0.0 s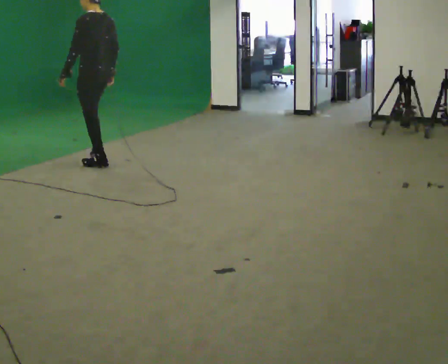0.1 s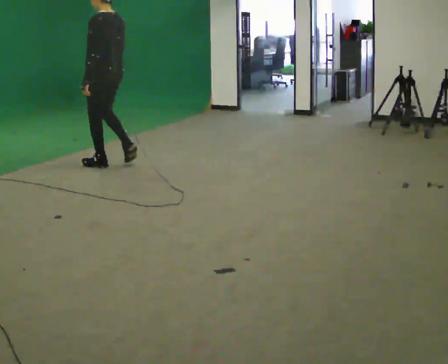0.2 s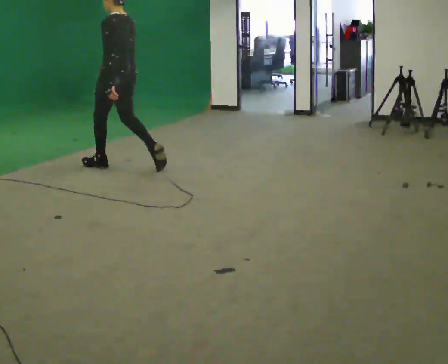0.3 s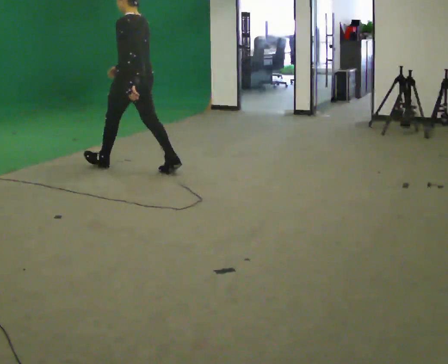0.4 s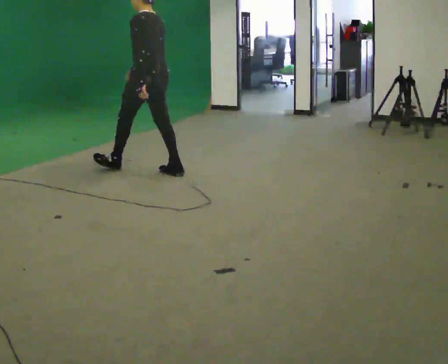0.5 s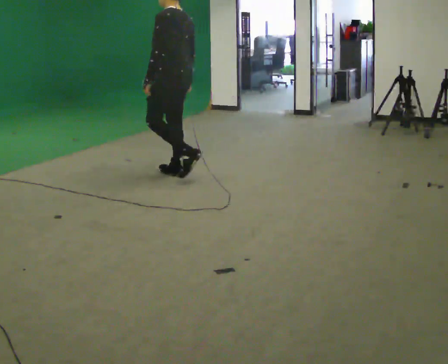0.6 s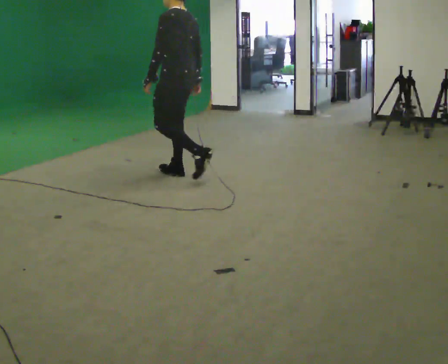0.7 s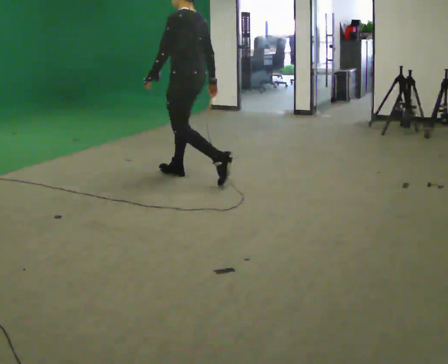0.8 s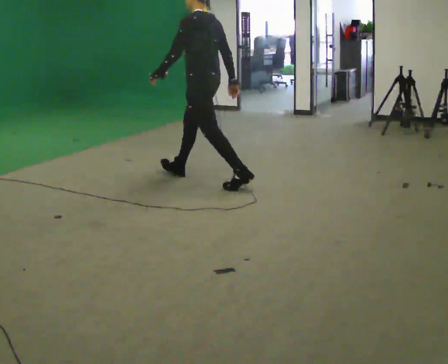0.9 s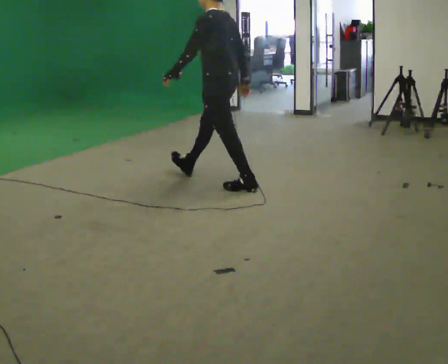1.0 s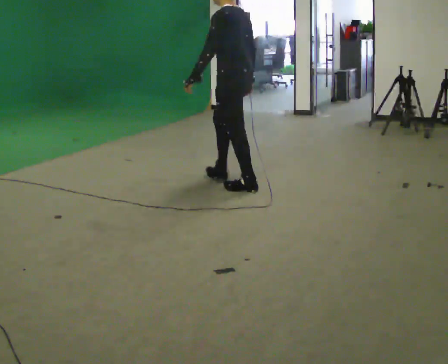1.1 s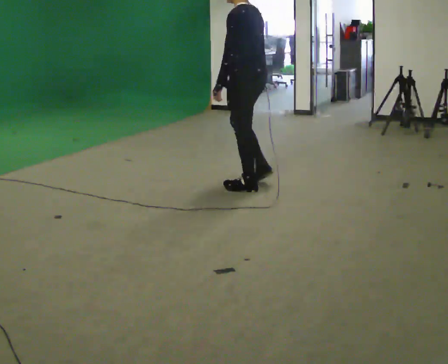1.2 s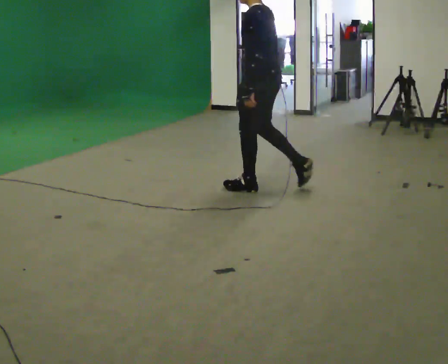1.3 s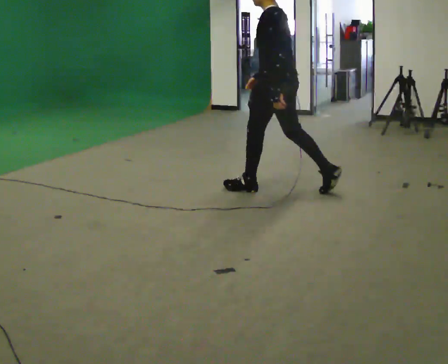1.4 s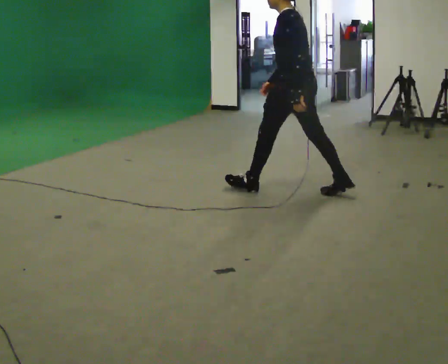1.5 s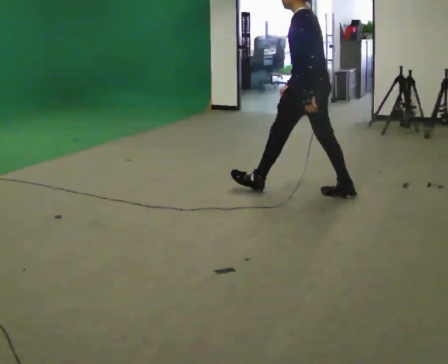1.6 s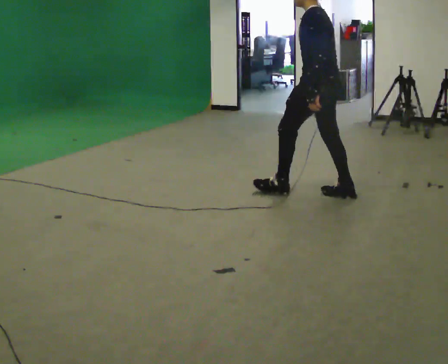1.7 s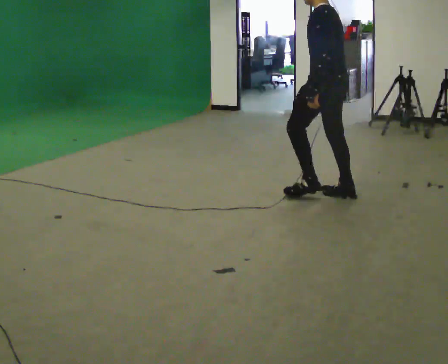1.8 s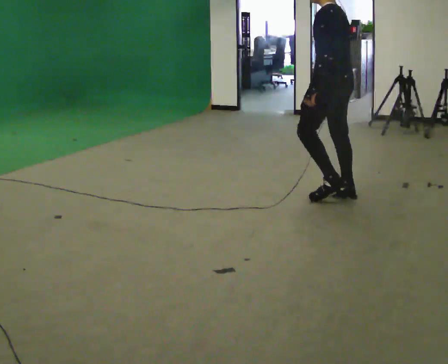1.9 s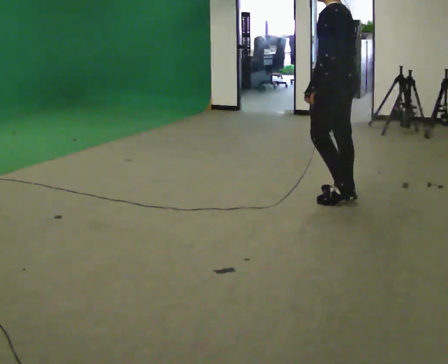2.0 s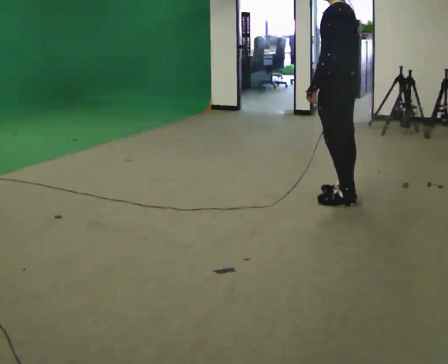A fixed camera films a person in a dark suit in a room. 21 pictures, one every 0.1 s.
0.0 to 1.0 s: In the picture they go to the right and toward the camera, about 1.5 m in 2 steps, which for them is backward.
1.0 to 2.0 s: In the picture they go to the right and toward the camera, about 1 m in 1 step, which for them is backward.
The film runs backward here.
